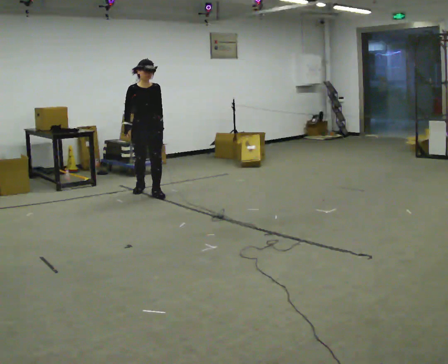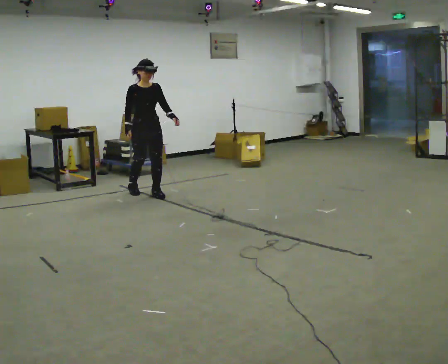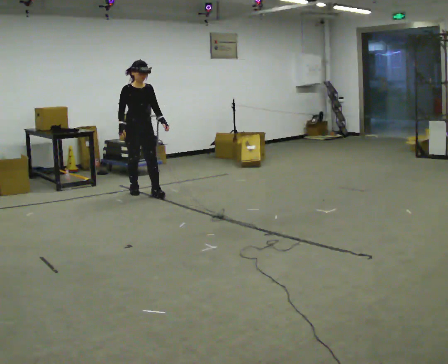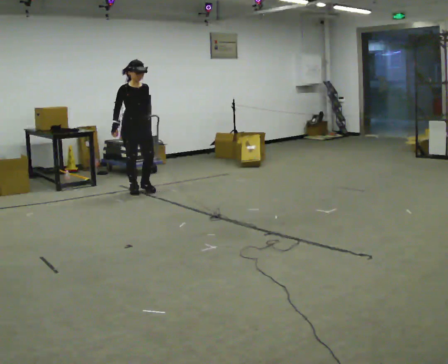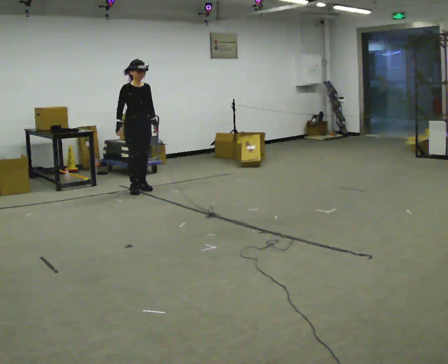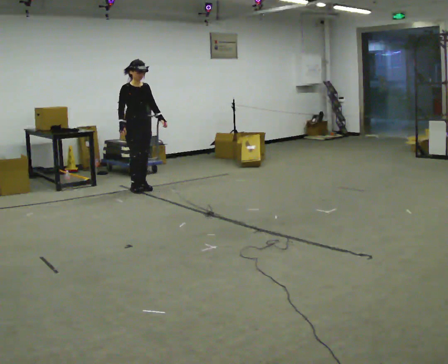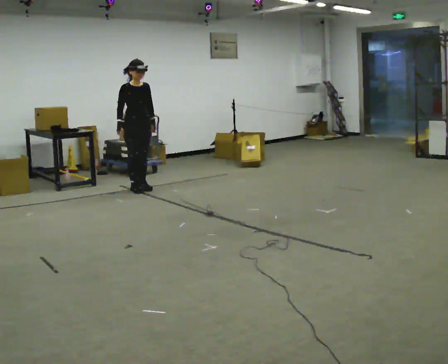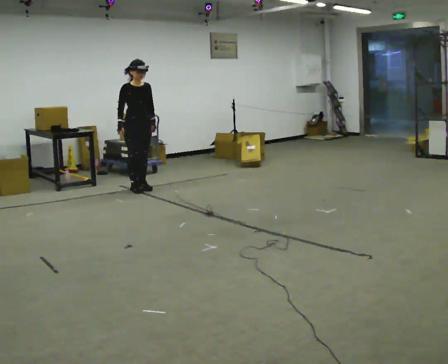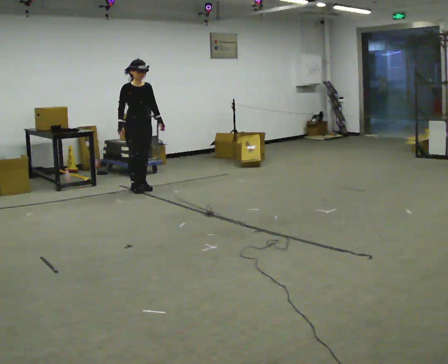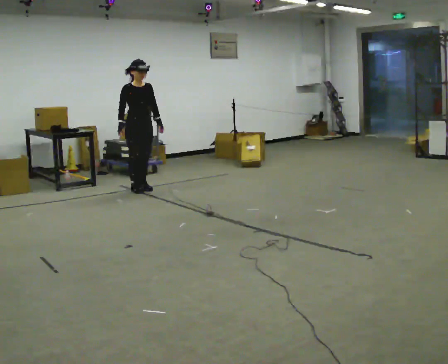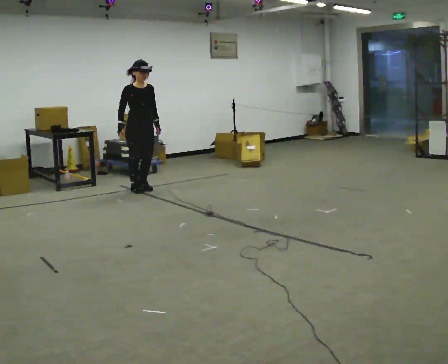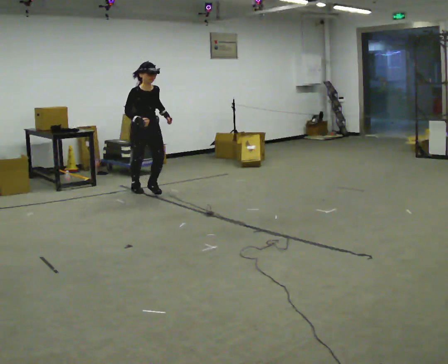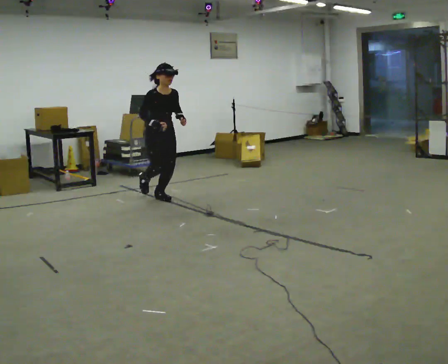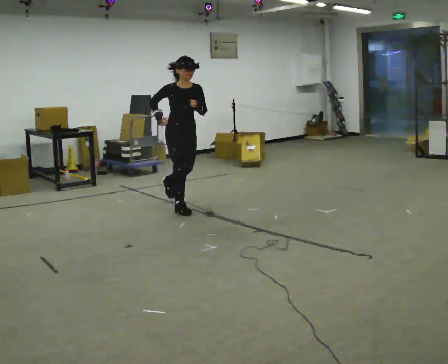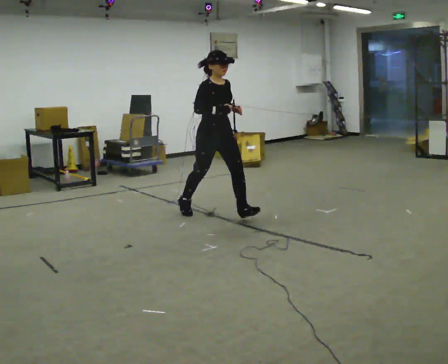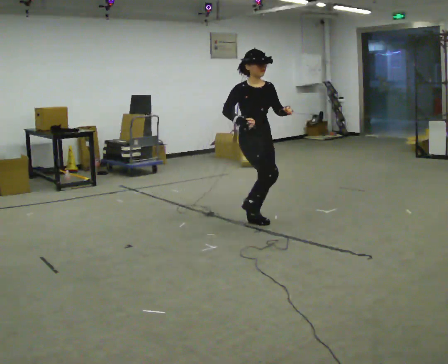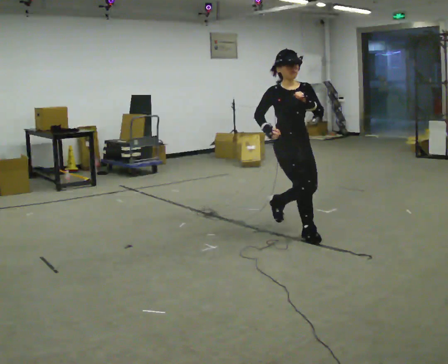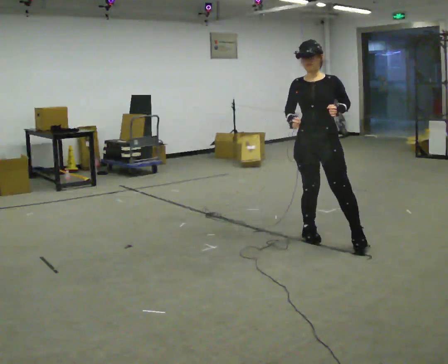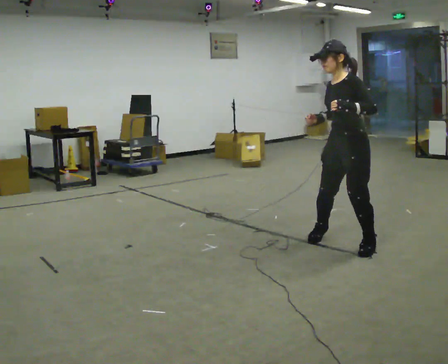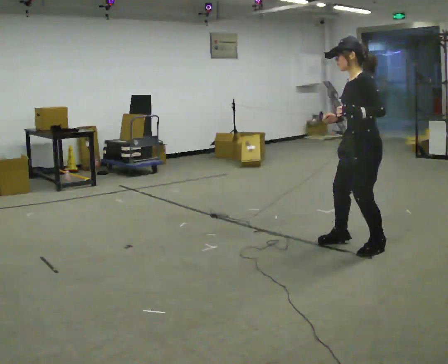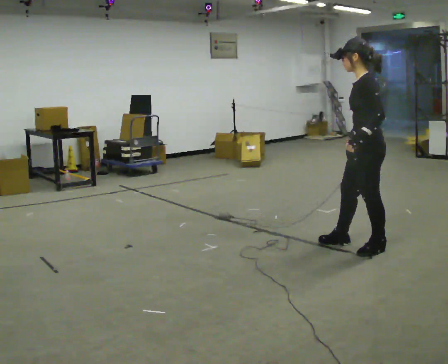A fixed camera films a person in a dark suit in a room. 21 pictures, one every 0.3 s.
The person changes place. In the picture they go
toward the camera.
0.0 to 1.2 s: The part of the body nearest the lens slides to the right as the person turns to their left by about 30 degrees. In the picture they go away from the camera, about 0.25 m in 1 step, which for them is backward.
1.2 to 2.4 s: The person moves a little, or ends about where they began.
2.4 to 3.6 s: In the picture they go toward the camera and to the right, about 0.75 m in 1 step, which for them is forward.
3.6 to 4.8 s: In the picture they go toward the camera and to the right, about 2 m in 3 steps, which for them is forward.
4.8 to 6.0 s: The part of the body nearest the lens slides to the left as the person turns to their right by about 135 degrees. In the picture they go toward the camera and to the right, about 0.5 m in 2 steps.
The film runs forward here.
